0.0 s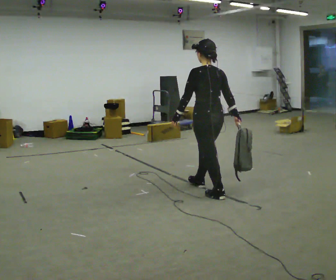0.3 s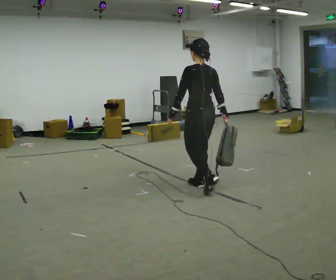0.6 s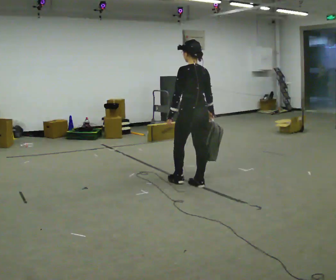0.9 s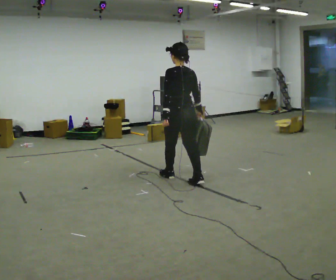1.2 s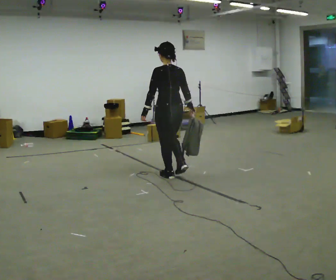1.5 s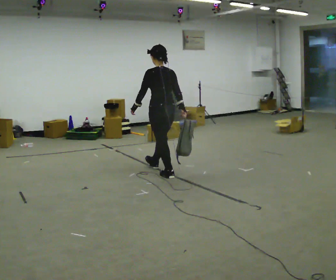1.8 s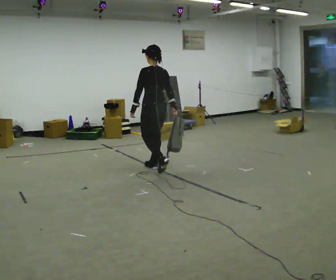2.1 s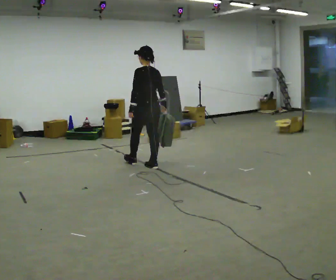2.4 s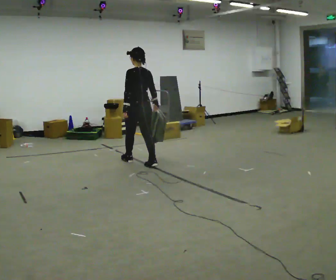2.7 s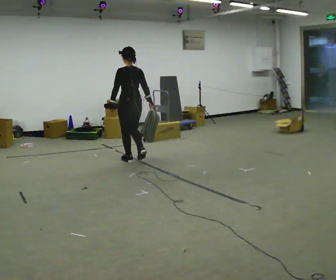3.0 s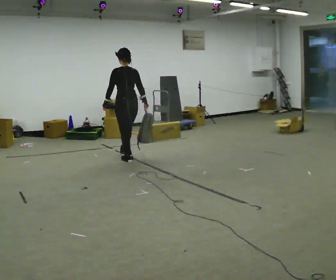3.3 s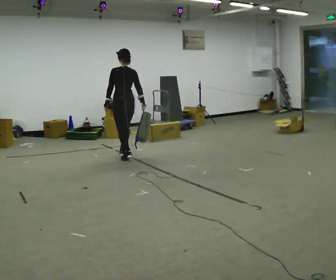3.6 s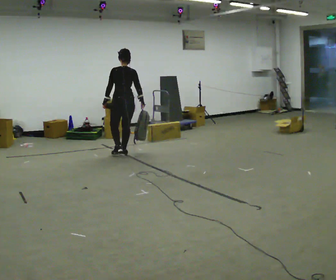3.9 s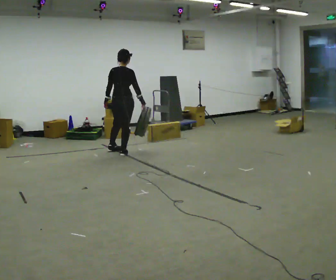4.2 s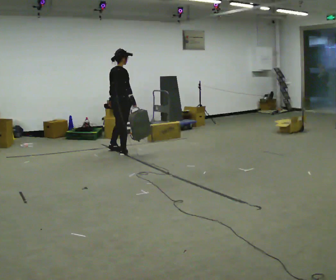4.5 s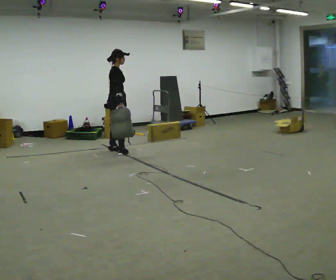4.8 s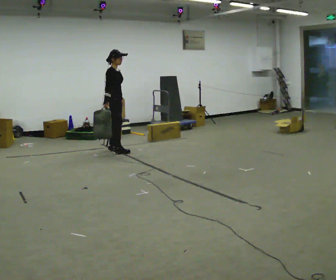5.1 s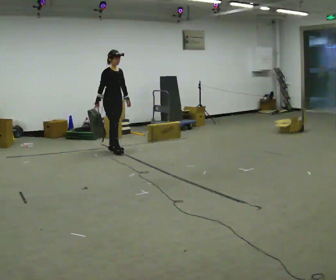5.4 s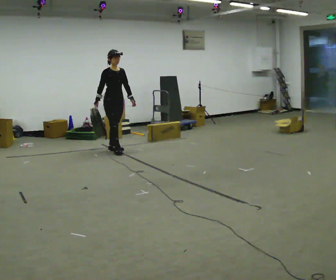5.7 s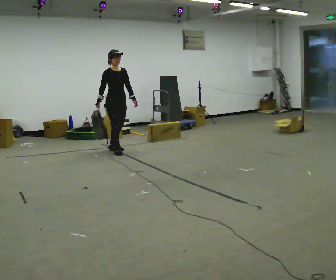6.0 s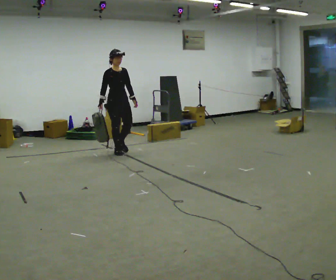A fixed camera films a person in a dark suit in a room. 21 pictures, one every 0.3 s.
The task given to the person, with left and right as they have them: Carry the soft bag across the room, back and forth. It will change shape as you move, so hold it however works.
0.0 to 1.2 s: In the picture they go away from the camera and to the left, about 0.5 m in 1 step, which for them is forward.
1.2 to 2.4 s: In the picture they go away from the camera and to the left, about 1 m in 2 steps, which for them is forward.
2.4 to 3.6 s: In the picture they go away from the camera and to the left, about 0.5 m in 1 step, which for them is forward.
3.6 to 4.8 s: The person turns about 120 degrees to their right, clockwise seen from above, so the part of the body nearest the lens slides to the left. In the picture they go away from the camera and to the left, about 0.25 m in 2 steps.
4.8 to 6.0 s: The person turns about 45 degrees to their right, clockwise seen from above, so the part of the body nearest the lens slides to the left. In the picture they go toward the camera, about 0.25 m, which for them is forward.
The film runs forward here.
